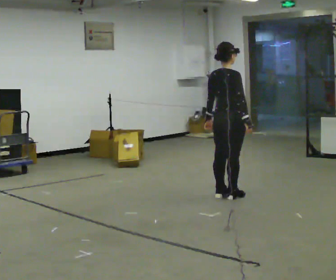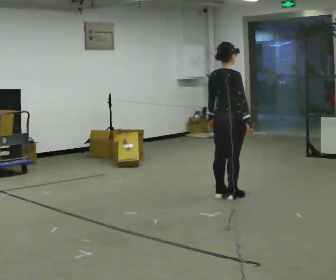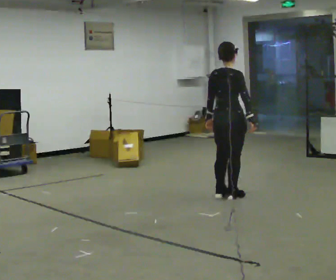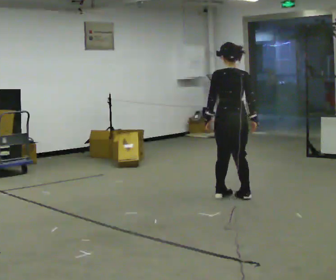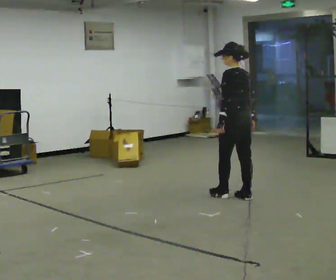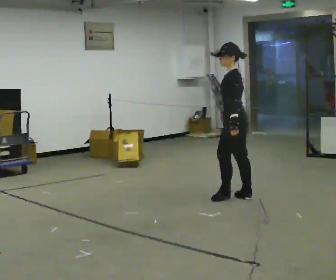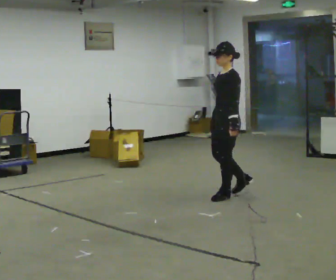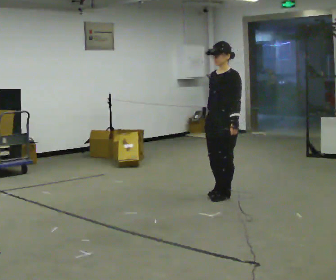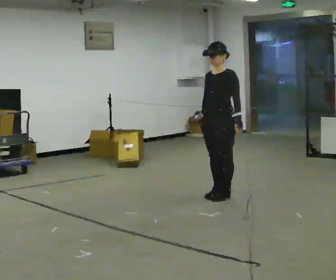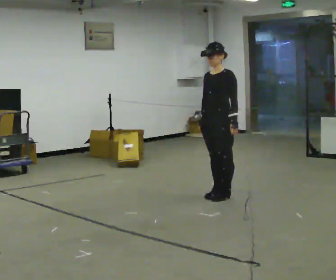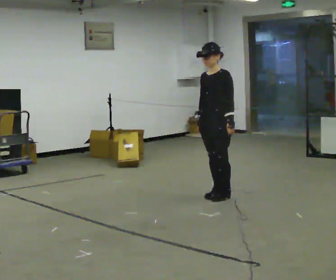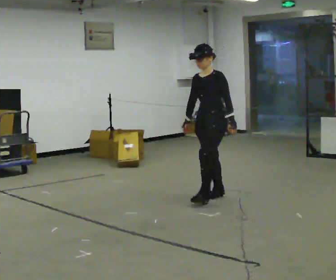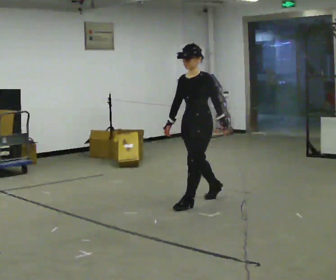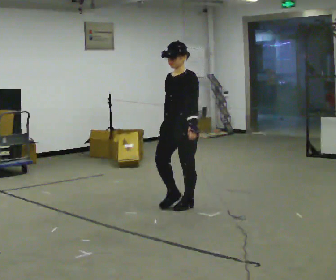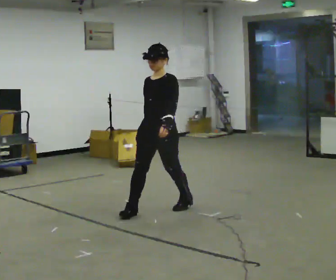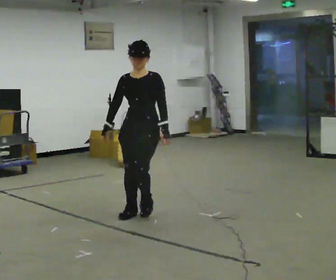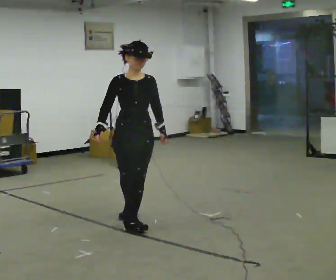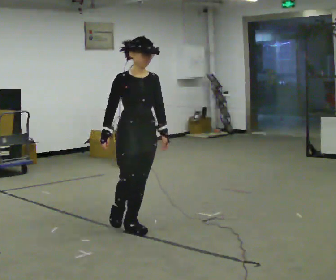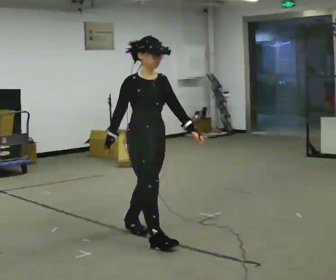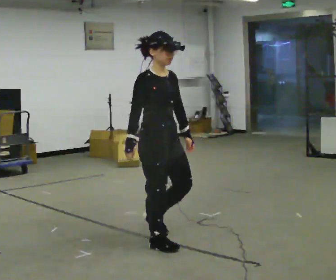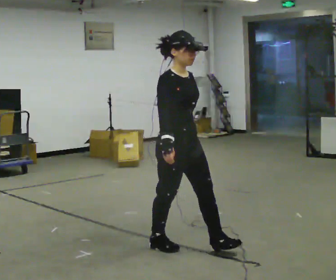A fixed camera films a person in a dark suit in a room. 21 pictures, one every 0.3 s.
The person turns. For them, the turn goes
to their left.
The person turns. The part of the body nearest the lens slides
to the right.
0.0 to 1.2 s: Seen from above the body turns counterclockwise, about 90 degrees: to their left, with its near side sliding to the right.
1.2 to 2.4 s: The person turns about 90 degrees to their left, counterclockwise seen from above, so the part of the body nearest the lens slides to the right. In the picture they go to the left, about 0.25 m in 1 step. In the picture their right hand goes to the left.
2.4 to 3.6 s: In the picture they go to the left and toward the camera, about 0.25 m in 1 step, which for them is forward.
3.6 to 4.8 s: The person turns about 45 degrees to their left, counterclockwise seen from above, so the part of the body nearest the lens slides to the right. In the picture they go toward the camera and to the left, about 1 m in 2 steps, which for them is forward.
4.8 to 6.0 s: The person turns about 45 degrees to their left, counterclockwise seen from above, so the part of the body nearest the lens slides to the right. In the picture they go toward the camera and to the right, about 1 m in 1 step, which for them is forward.
The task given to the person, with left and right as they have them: Walk; turn 90° left/right; walk several steps; stop.
The film runs forward here.
